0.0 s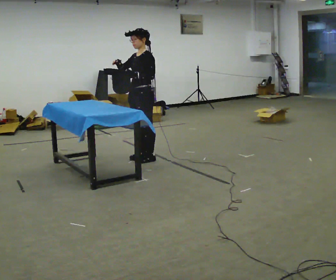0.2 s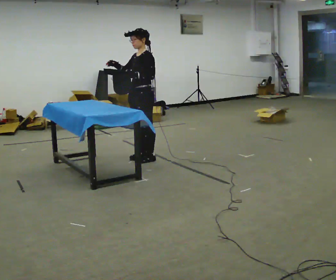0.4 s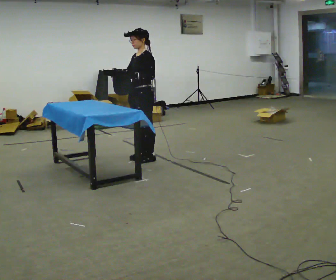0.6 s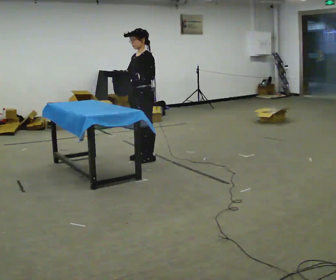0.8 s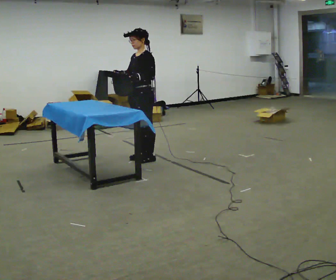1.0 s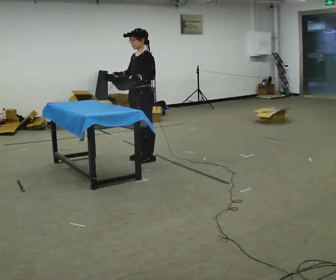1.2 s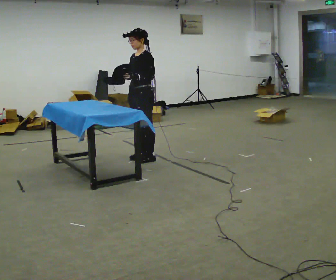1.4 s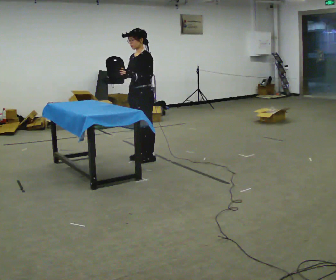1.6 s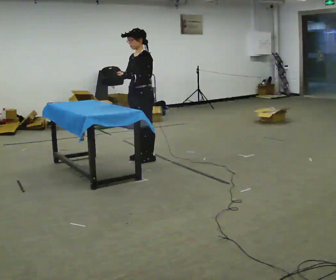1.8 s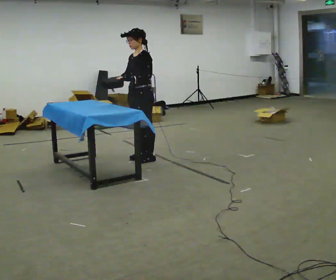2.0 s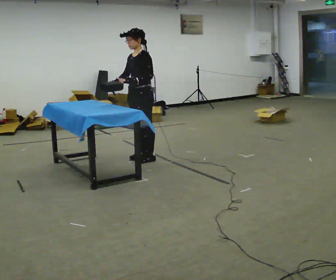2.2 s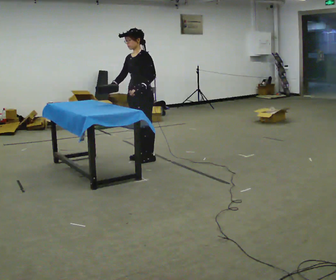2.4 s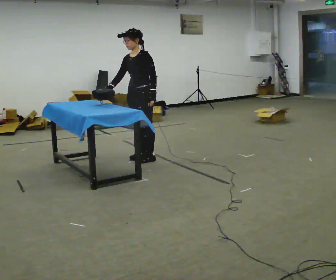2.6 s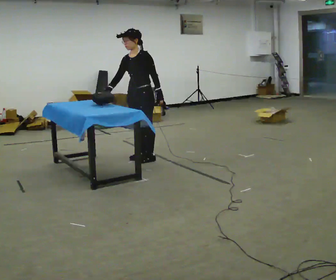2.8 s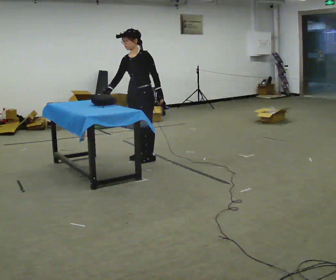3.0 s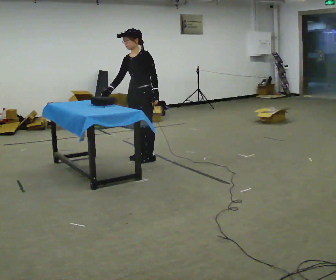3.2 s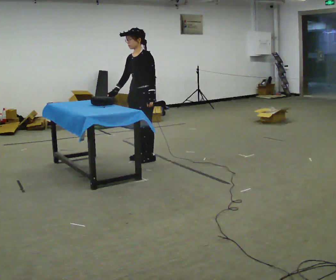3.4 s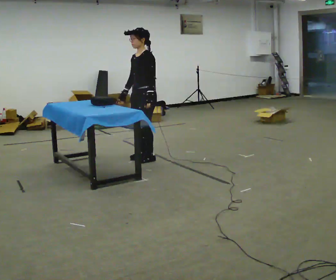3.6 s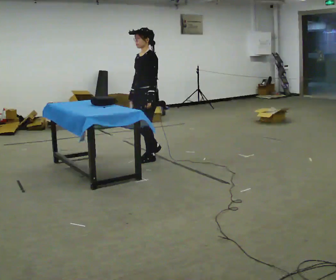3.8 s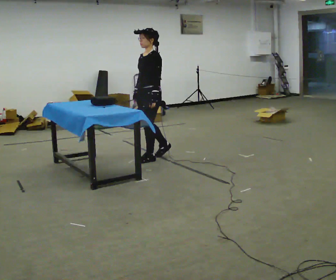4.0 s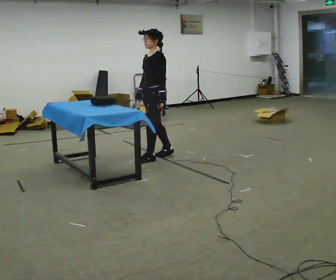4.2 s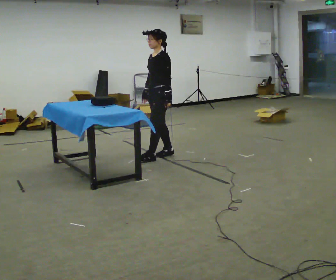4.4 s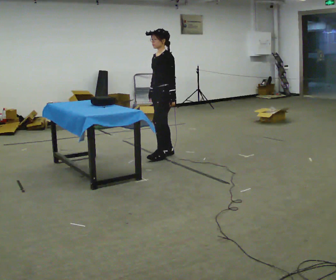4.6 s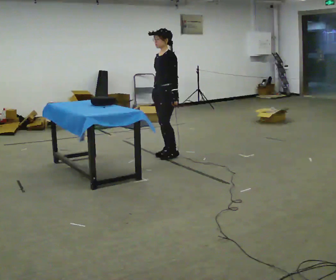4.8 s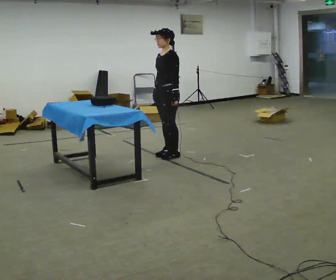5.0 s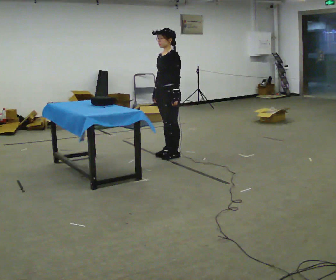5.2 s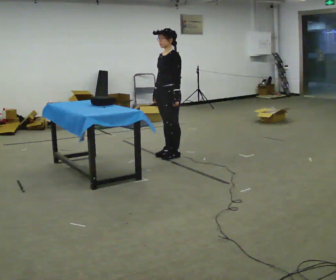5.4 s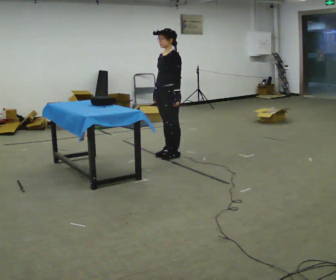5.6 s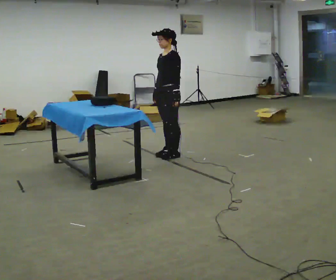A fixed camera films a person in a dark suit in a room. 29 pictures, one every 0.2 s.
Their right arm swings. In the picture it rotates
counterclockwise.
0.0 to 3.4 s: In the picture their right hand goes downward, the arm swinging counterclockwise.
3.4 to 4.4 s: In the picture they go to the right and away from the camera, about 0.25 m in 1 step, which for them is backward.
4.4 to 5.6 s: The person moves a little, or ends about where they began.
The film runs forward here.
